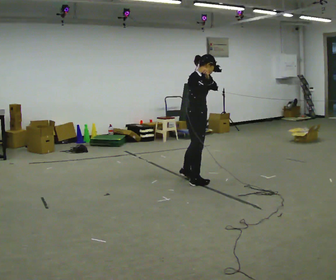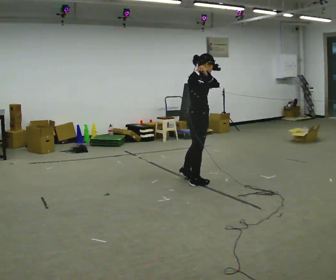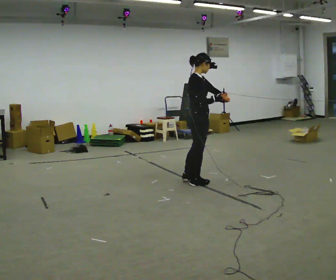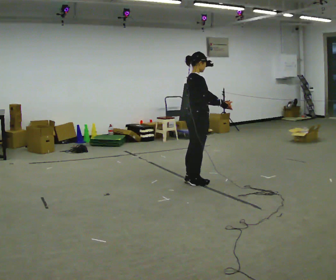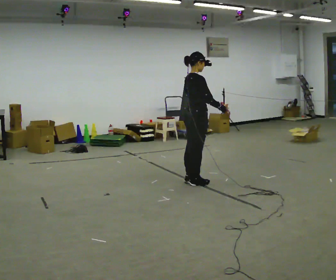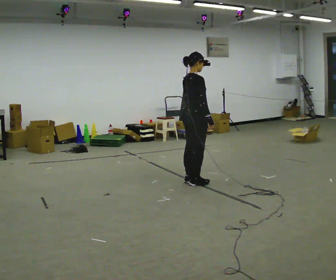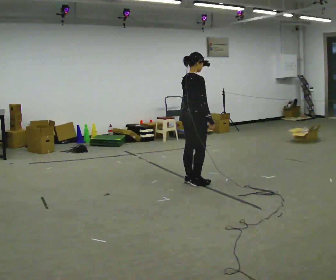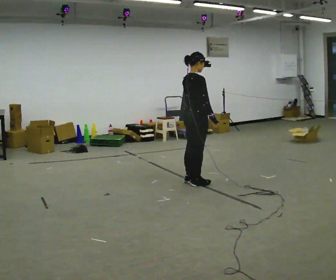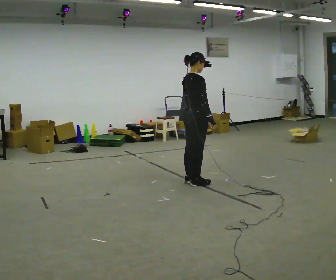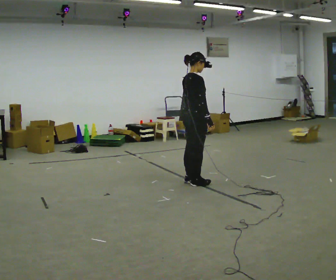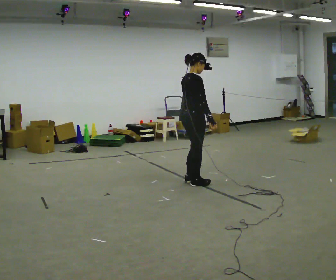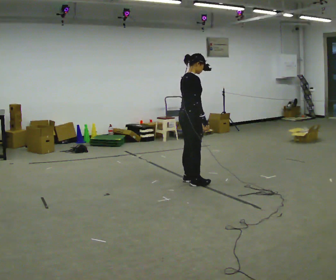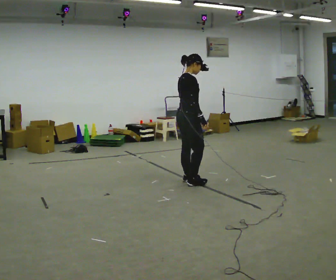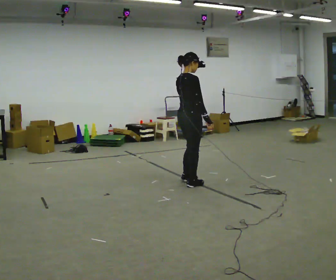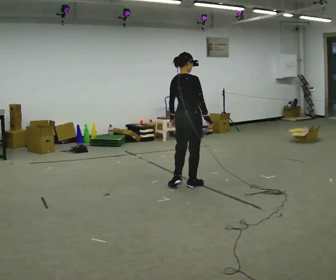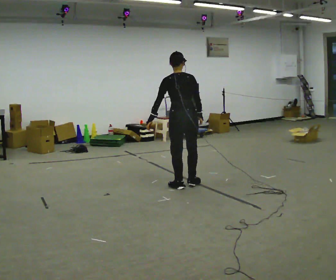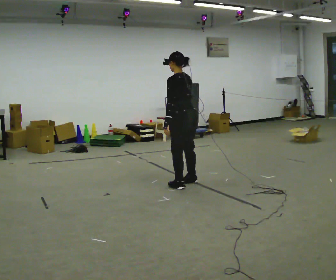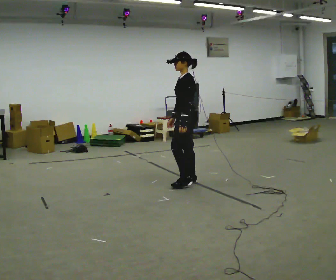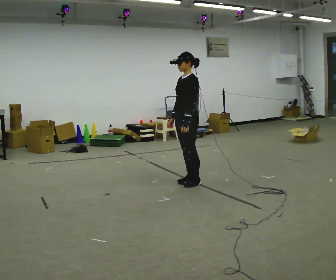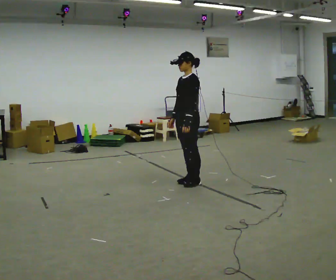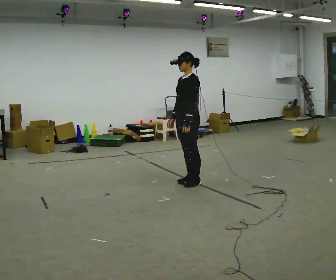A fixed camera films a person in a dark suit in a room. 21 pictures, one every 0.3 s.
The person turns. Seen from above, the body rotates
counterclockwise.
The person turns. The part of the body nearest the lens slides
to the right.
0.0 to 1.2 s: Seen from above the body turns counterclockwise, about 30 degrees: to their left, with its near side sliding to the right.
1.2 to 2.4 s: In the picture their left hand goes to the left.
2.4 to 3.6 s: The person moves a little, or ends about where they began.
3.6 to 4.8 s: Seen from above the body turns counterclockwise, about 120 degrees: to their left, with its near side sliding to the right.
4.8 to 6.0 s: The person turns about 60 degrees to their left, counterclockwise seen from above, so the part of the body nearest the lens slides to the right.
The film runs backward here.
